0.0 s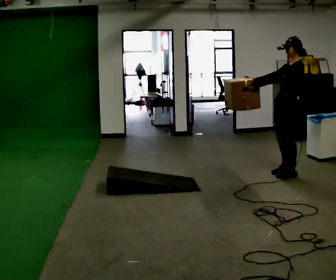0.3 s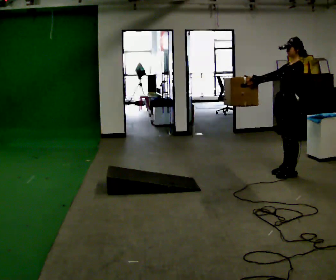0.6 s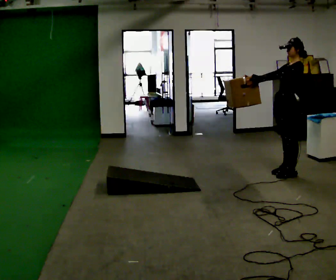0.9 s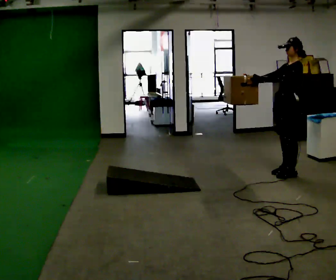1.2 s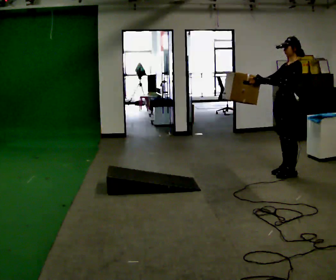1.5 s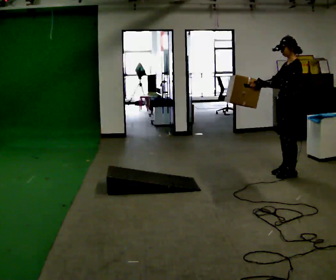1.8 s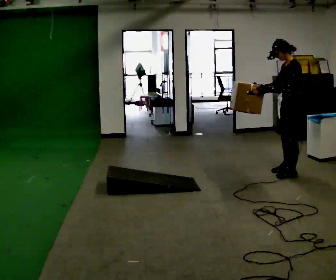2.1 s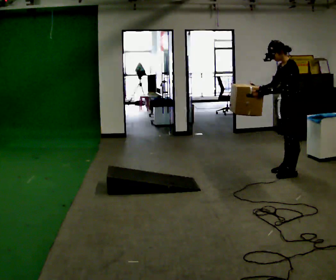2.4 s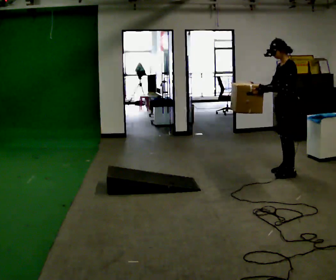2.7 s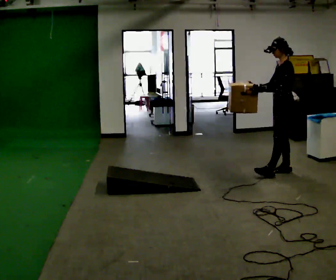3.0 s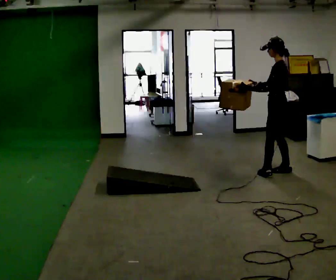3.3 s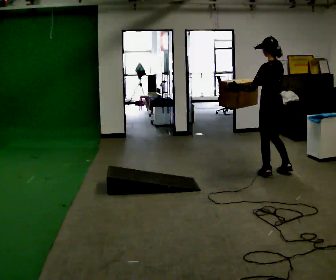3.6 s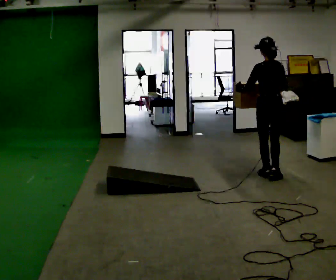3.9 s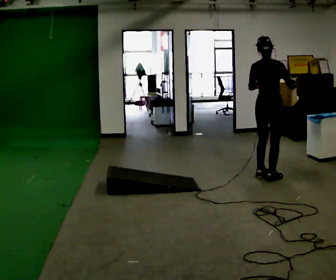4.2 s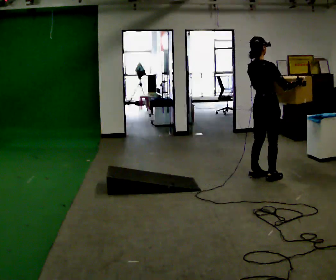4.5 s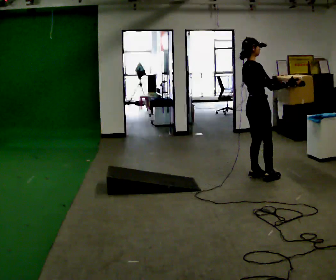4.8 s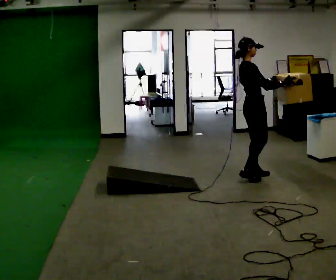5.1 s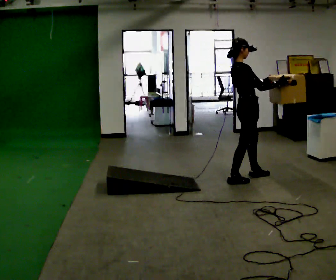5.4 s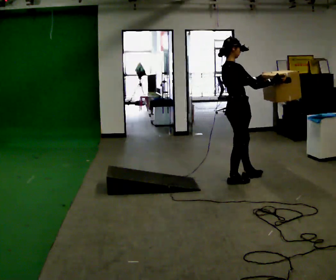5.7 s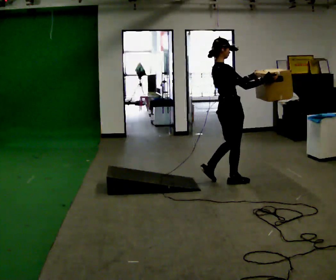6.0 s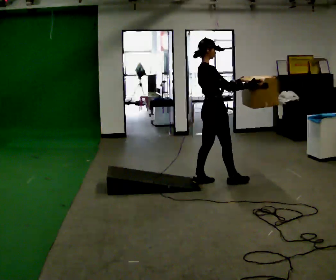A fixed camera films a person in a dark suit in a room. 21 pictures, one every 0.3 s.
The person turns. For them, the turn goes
to their right.
The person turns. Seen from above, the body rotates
clockwise.
0.0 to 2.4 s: The person moves a little, or ends about where they began.
2.4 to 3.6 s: Seen from above the body turns clockwise, about 90 degrees: to their right, with its near side sliding to the left. In the picture they go to the left and toward the camera, about 0.25 m in 1 step.
3.6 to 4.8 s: The part of the body nearest the lens slides to the left as the person turns to their right by about 90 degrees. In the picture they go to the left, about 0.25 m in 2 steps. In the picture their left hand goes to the right.
4.8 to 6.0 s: In the picture they go to the left and toward the camera, about 0.5 m in 1 step, which for them is backward.
The film runs backward here.
